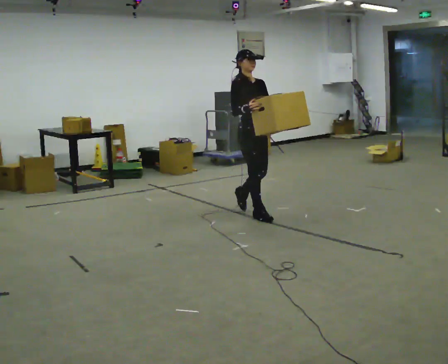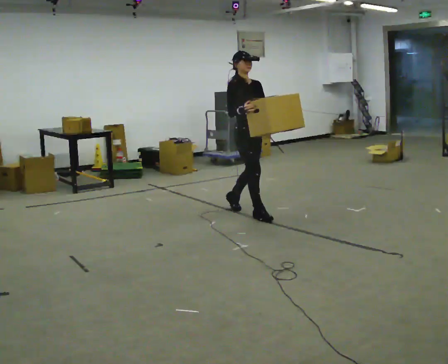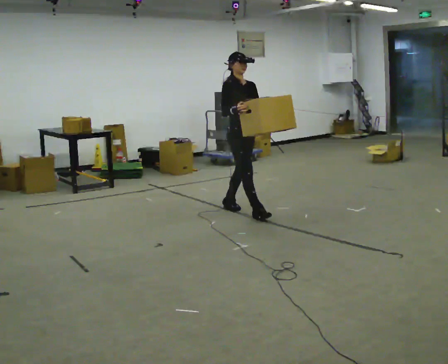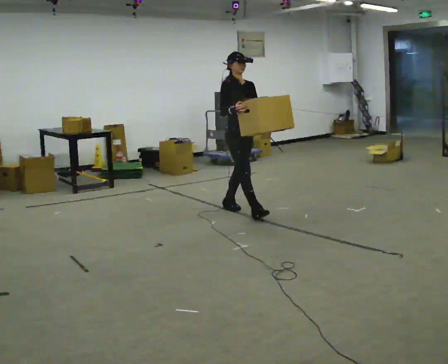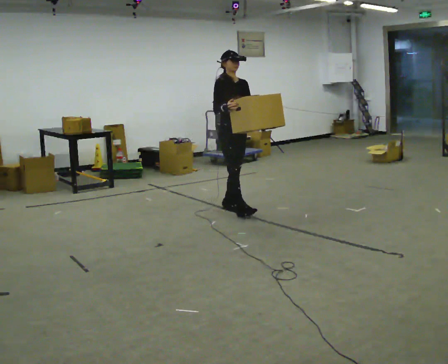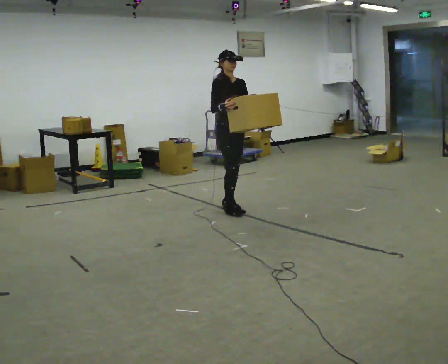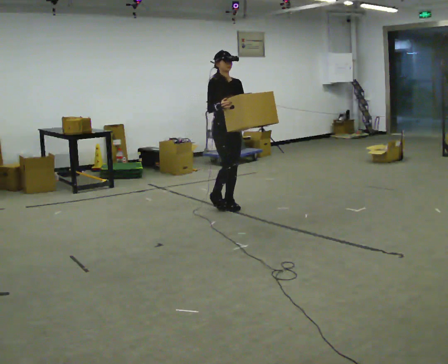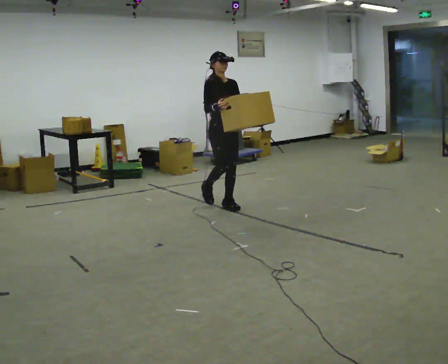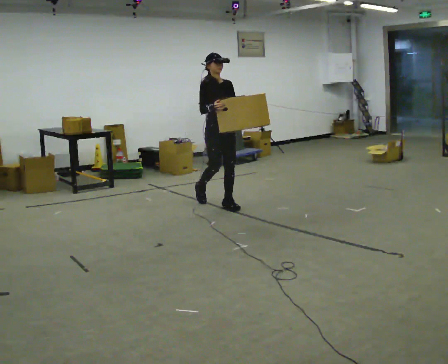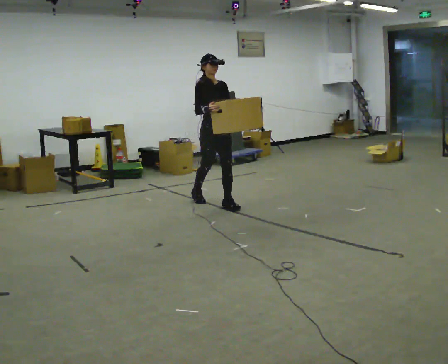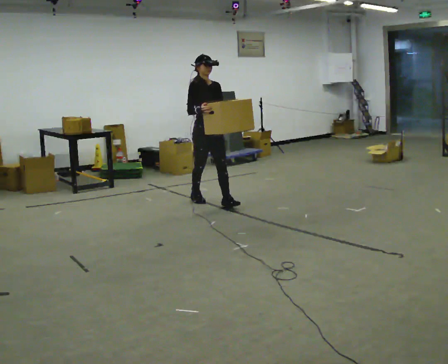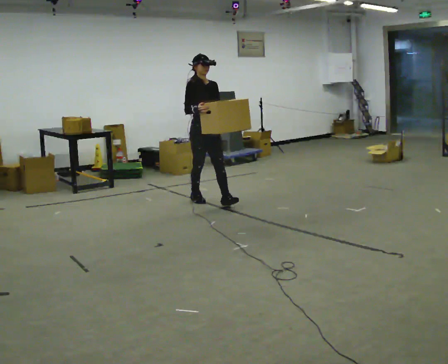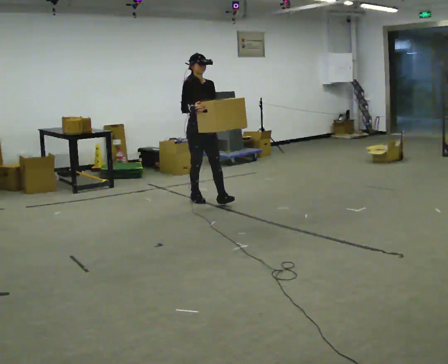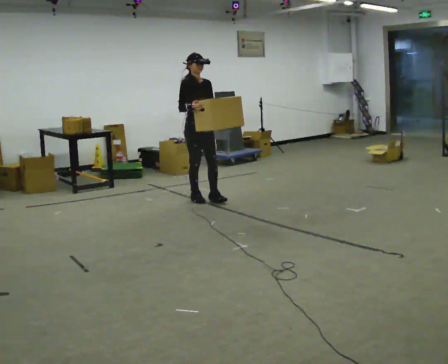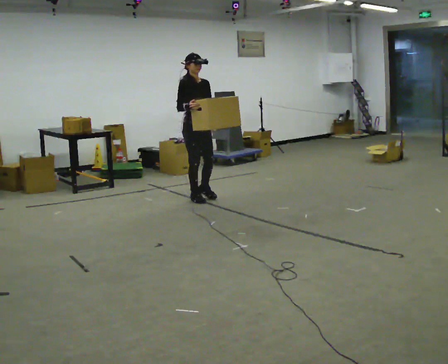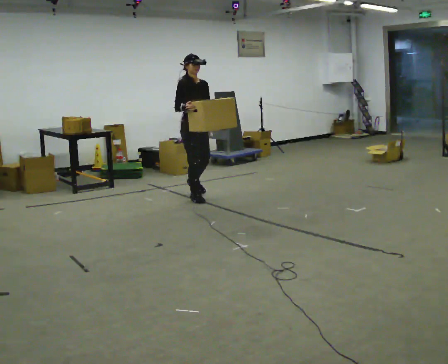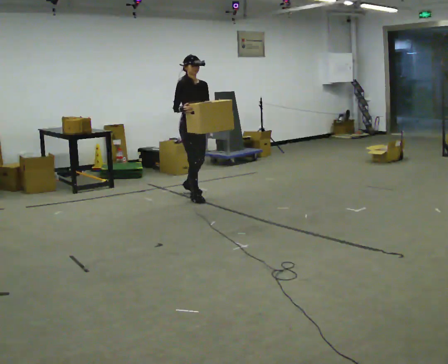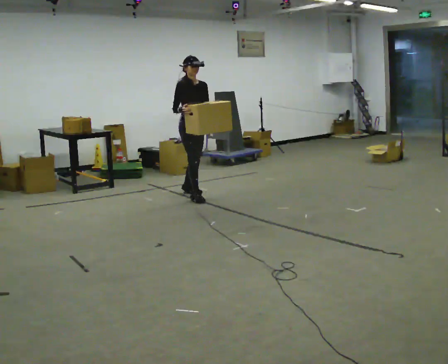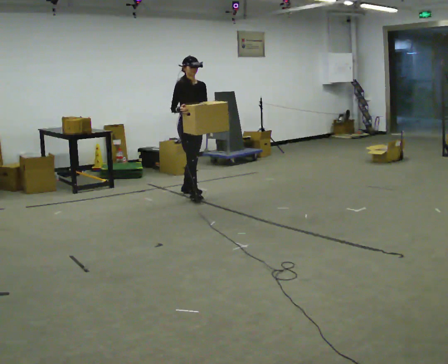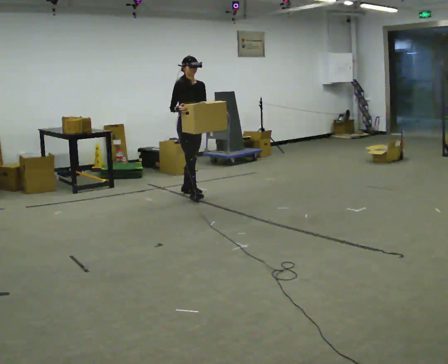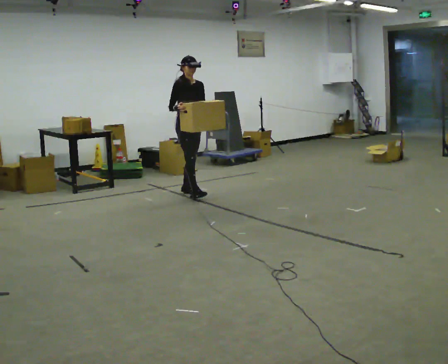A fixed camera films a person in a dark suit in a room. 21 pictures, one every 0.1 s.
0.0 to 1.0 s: In the picture they go away from the camera and to the left, about 0.5 m in 1 step, which for them is backward.
1.0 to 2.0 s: In the picture they go away from the camera and to the left, about 0.5 m in 1 step, which for them is backward.
The film runs backward here.
